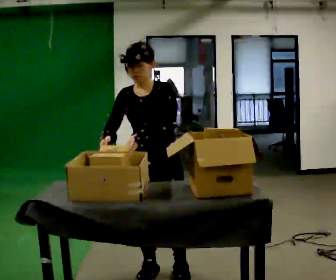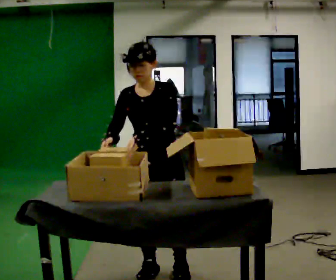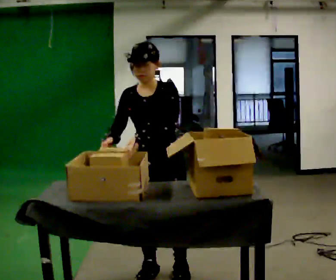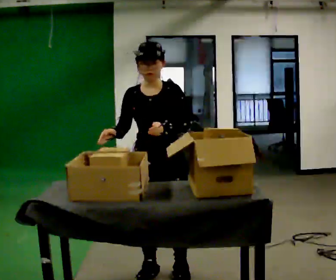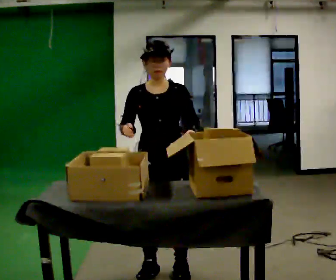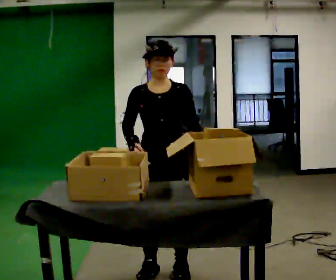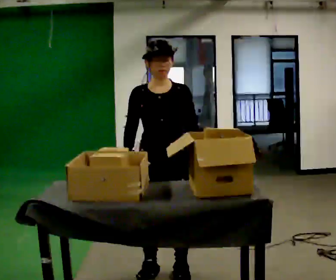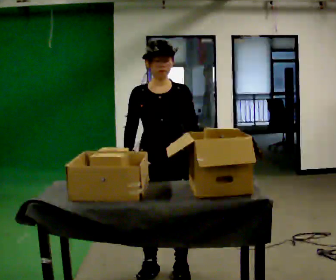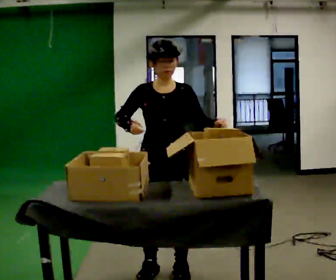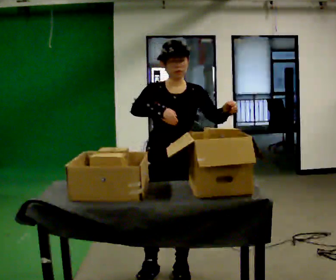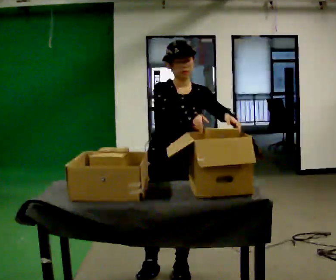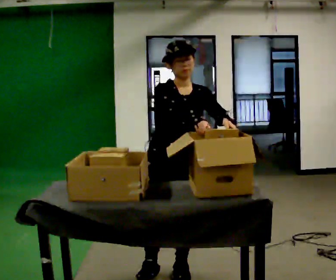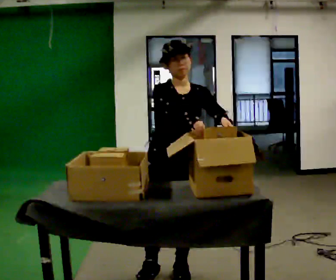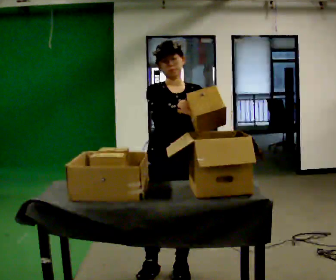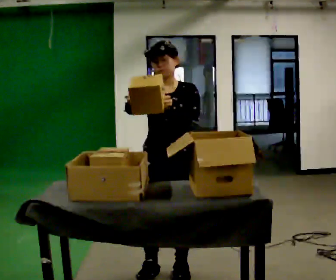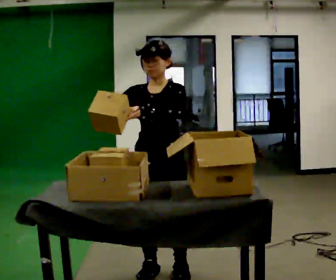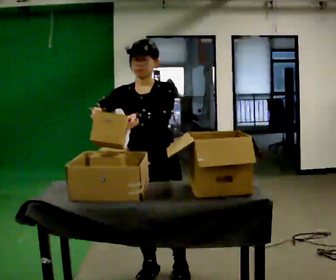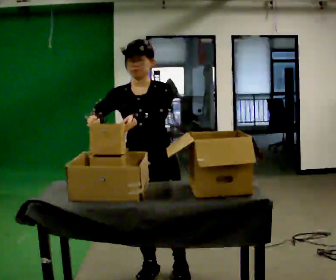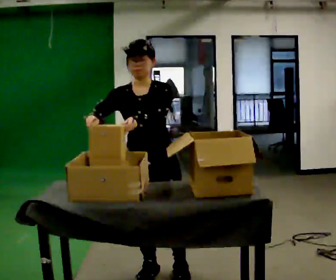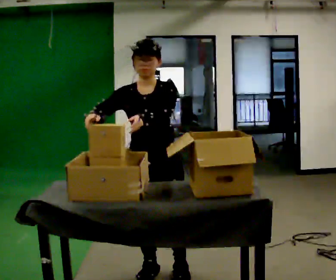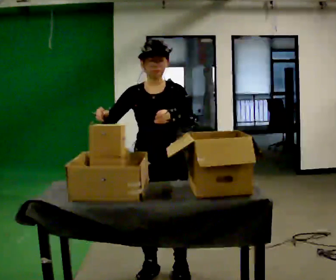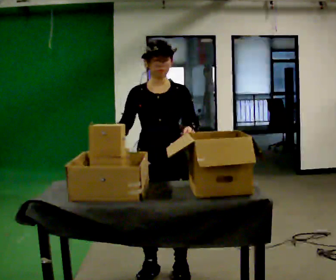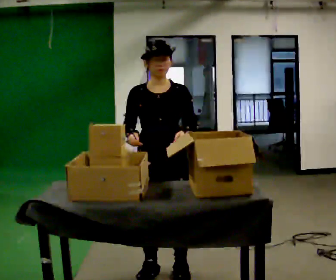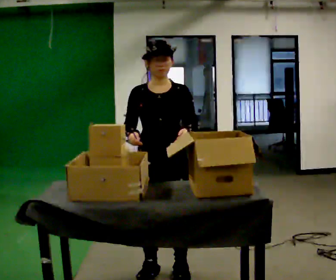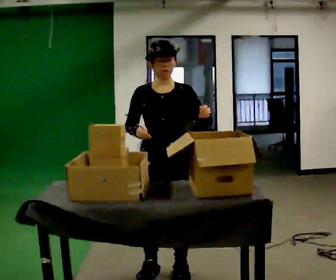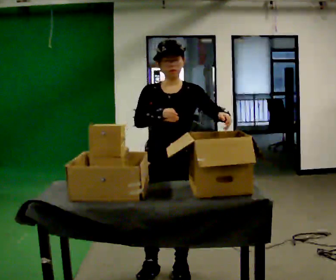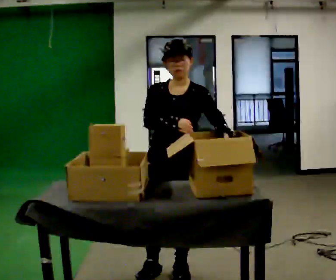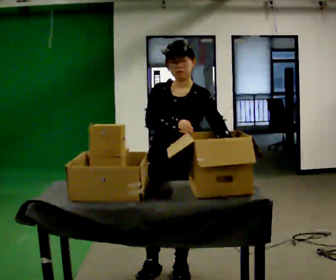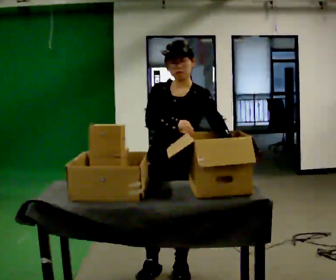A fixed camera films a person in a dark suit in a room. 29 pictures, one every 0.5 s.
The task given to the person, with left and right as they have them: 1. Move everything from the second bin into the first bin. 2. Carry the empty bin to the shelf. 3. Carry the full bin to the table. 4. Tell the operator when you are finished.
0.0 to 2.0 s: In the picture their left hand goes to the right.
2.0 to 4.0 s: The person moves a little, or ends about where they began.
4.0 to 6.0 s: In the picture their right hand goes to the right.
6.0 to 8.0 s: In the picture their right hand goes to the left.
8.0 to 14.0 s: In the picture the upper body tilts clockwise, shoulders to the right. In the picture their left hand goes to the right.
The film runs forward here.
